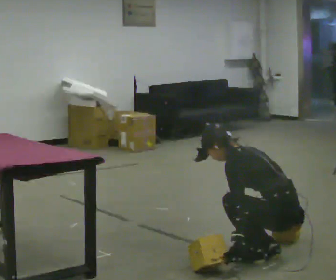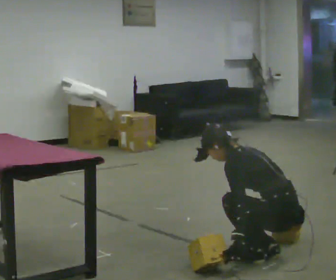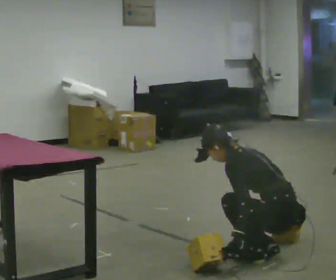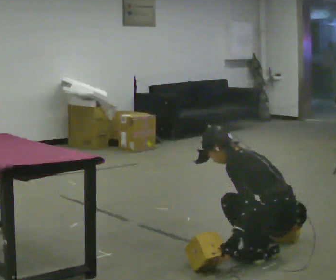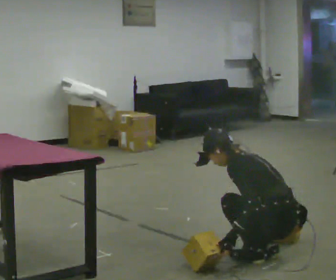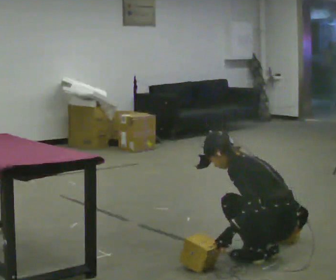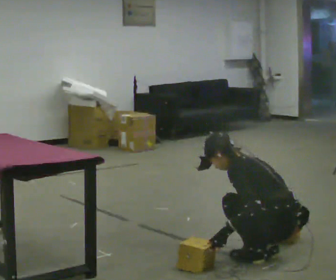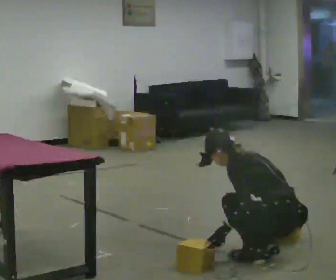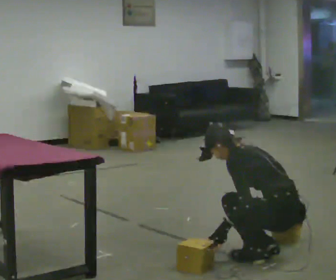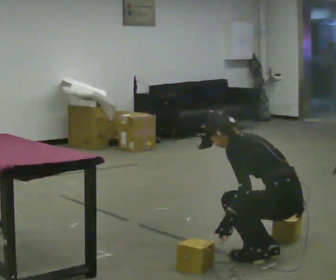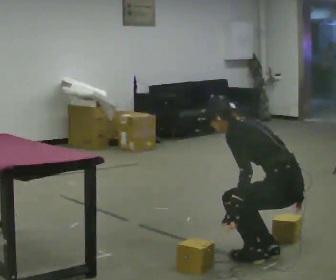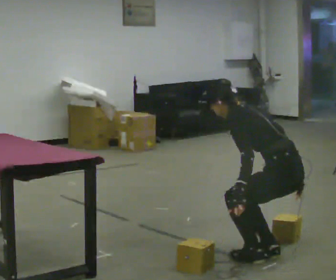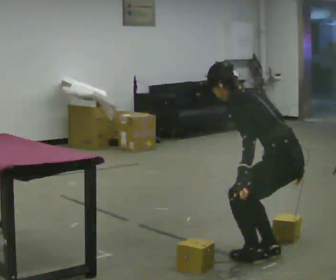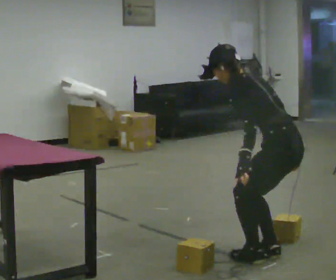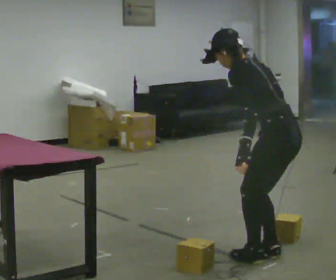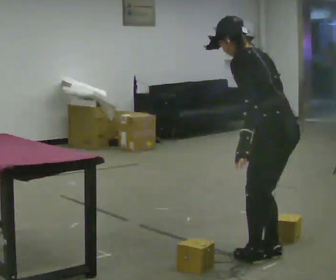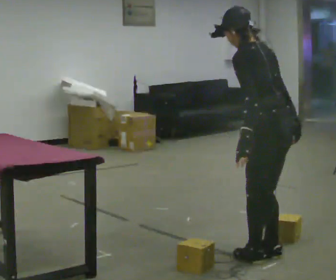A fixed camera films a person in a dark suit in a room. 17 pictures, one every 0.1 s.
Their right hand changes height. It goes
upward.
The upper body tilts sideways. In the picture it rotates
clockwise.
0.0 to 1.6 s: The shoulders move upward. In the picture the upper body tilts clockwise, shoulders to the right, as they lean back or straighten. In the picture their left hand goes upward.
The film runs forward here.
